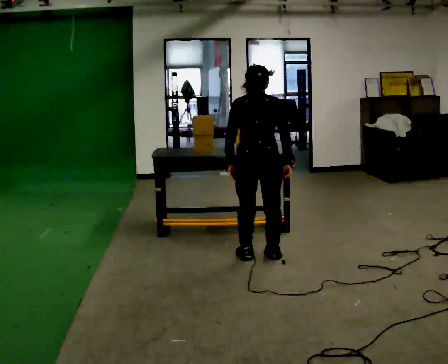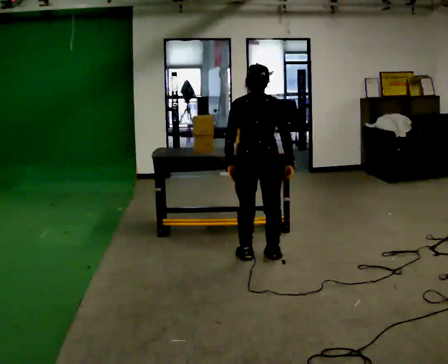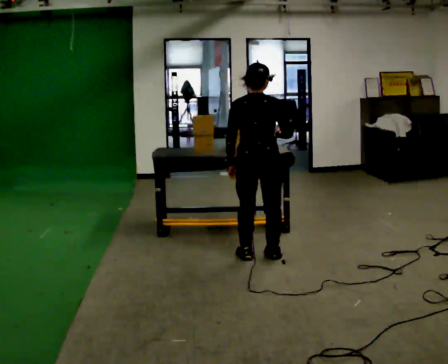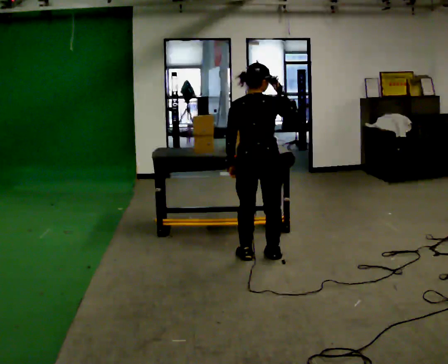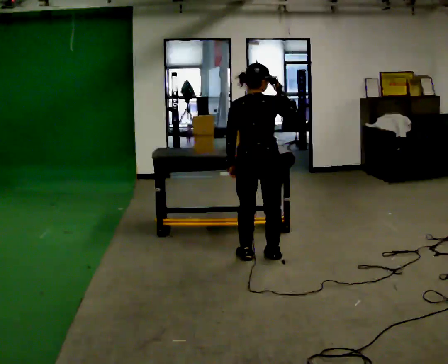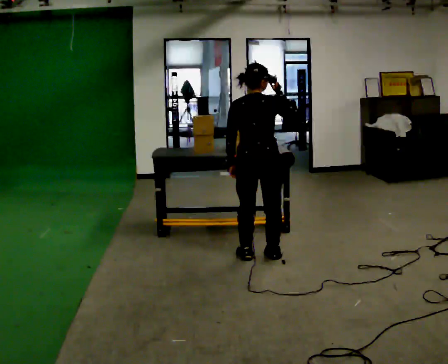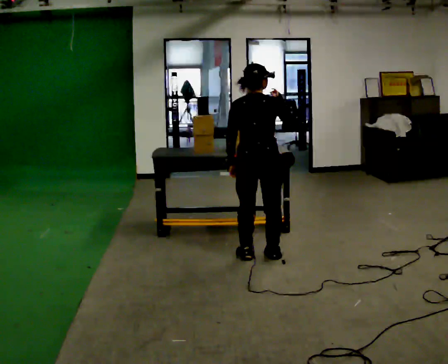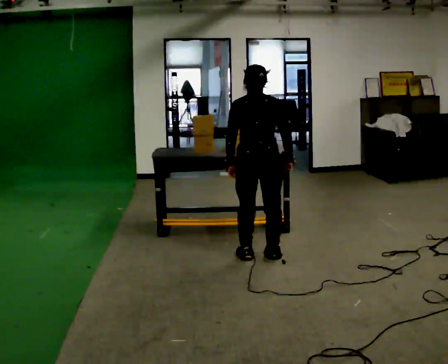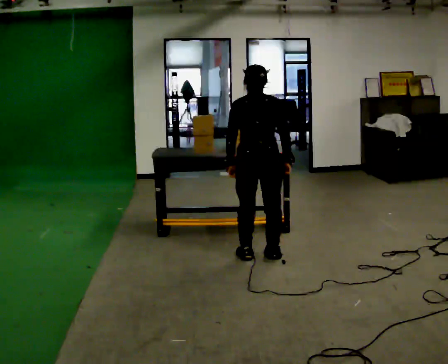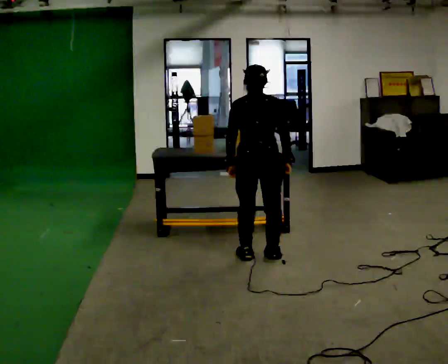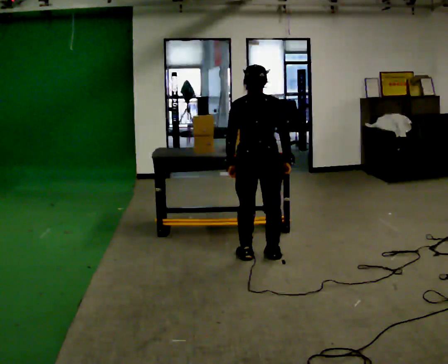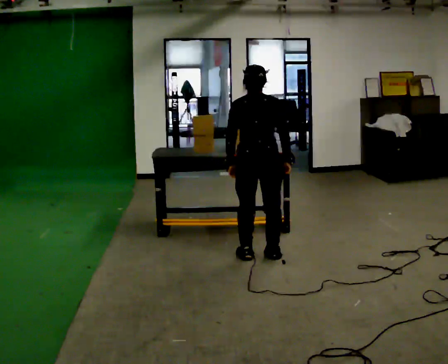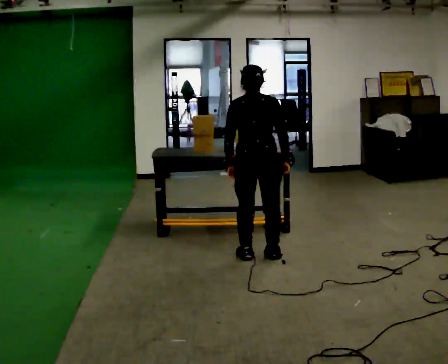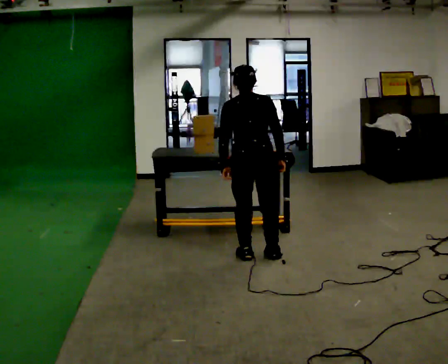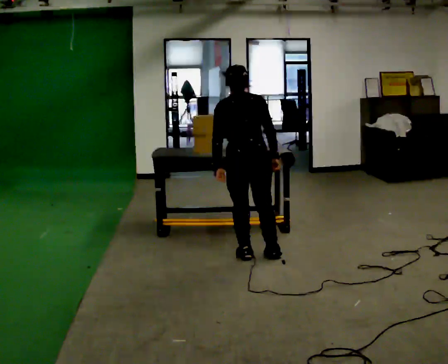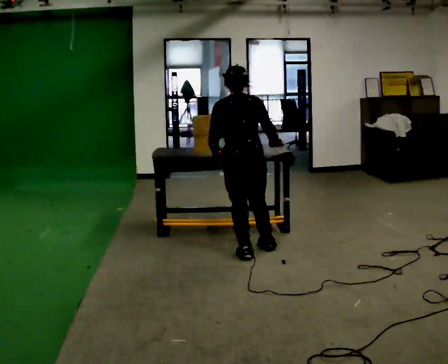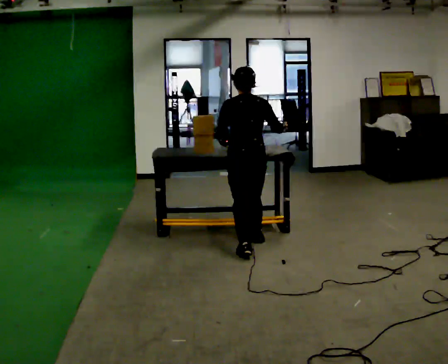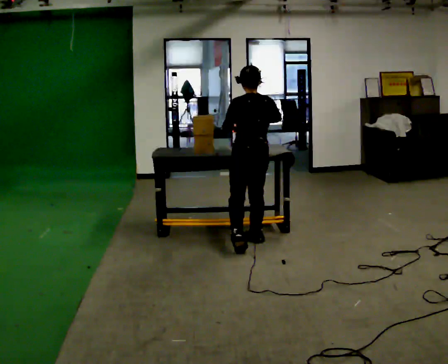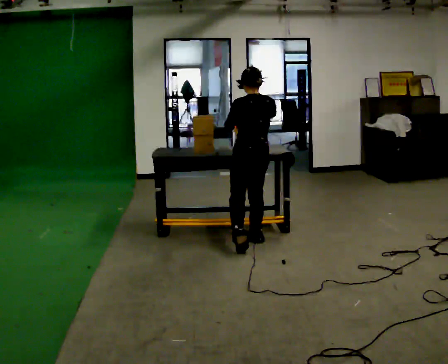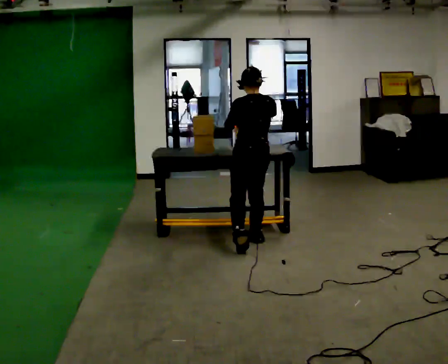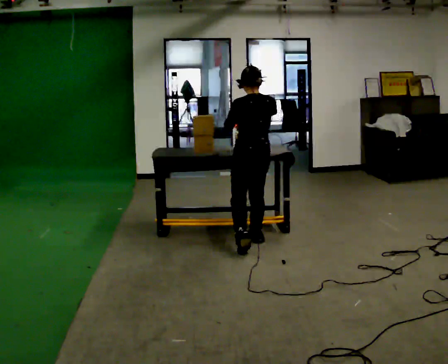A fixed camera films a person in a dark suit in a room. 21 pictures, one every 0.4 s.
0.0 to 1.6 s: In the picture their right hand goes upward.
1.6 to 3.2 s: In the picture their right hand goes downward.
3.2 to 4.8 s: The person keeps their place and pose.
4.8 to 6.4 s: In the picture they go away from the camera, about 0.25 m in 1 step, which for them is forward.
6.4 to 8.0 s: In the picture they go away from the camera, about 0.25 m, which for them is to their right and forward.
The film runs backward here.
